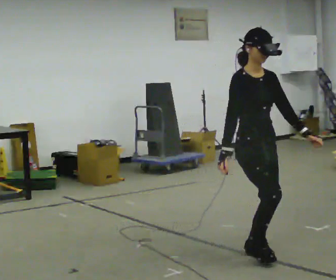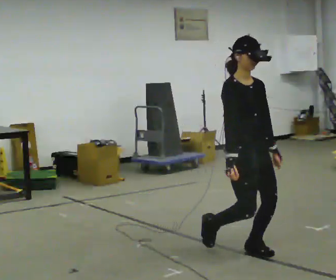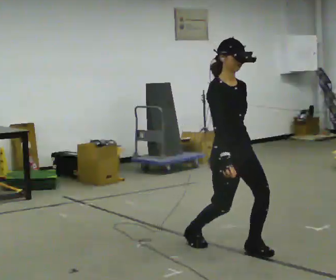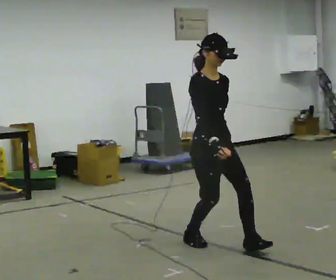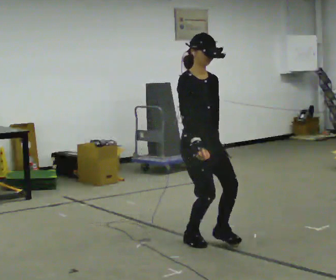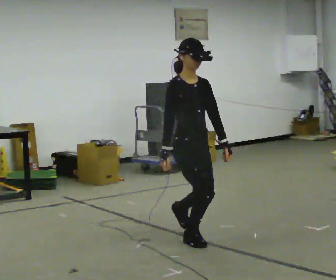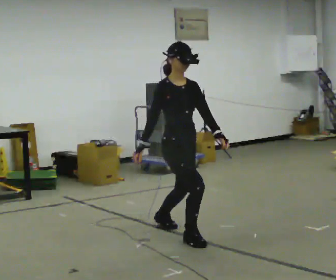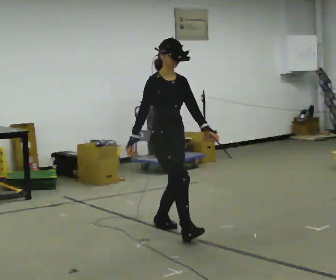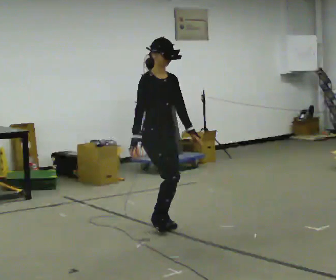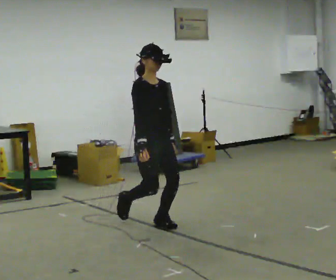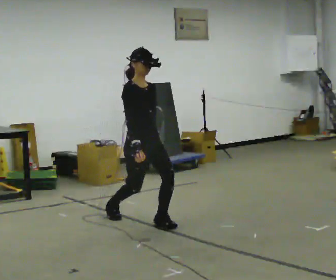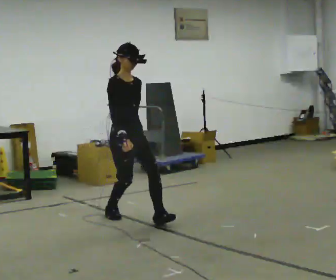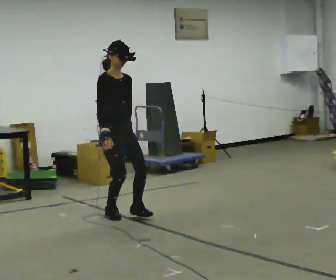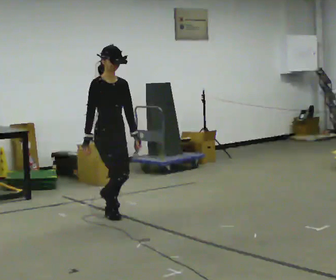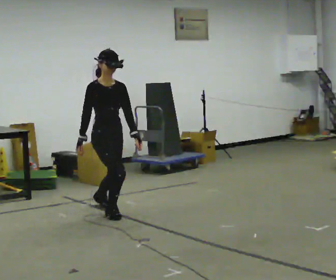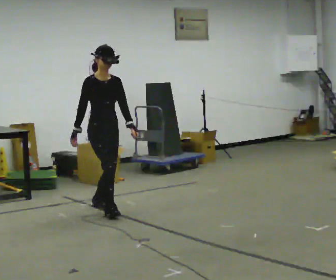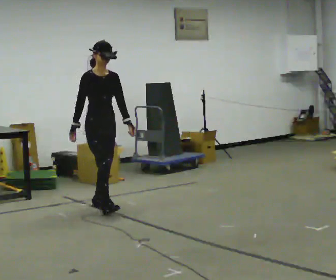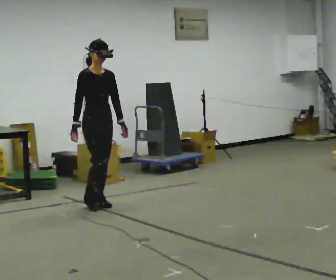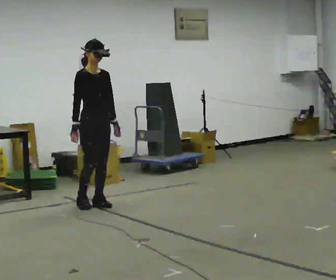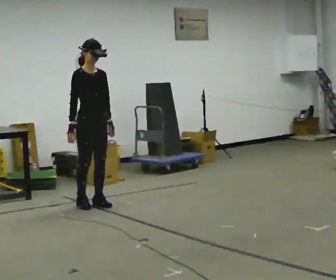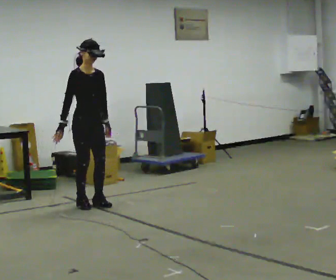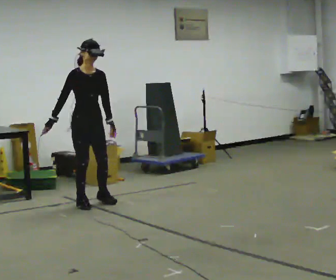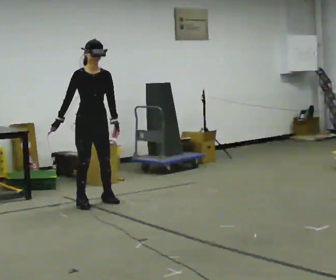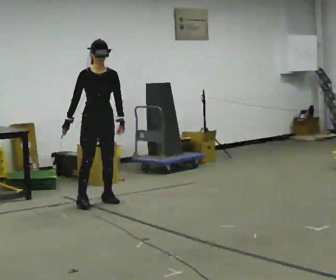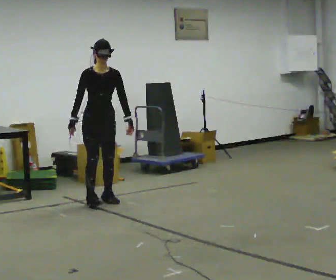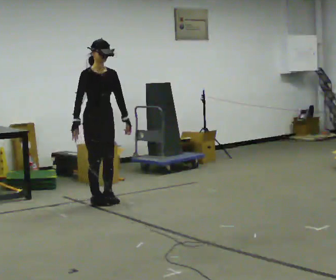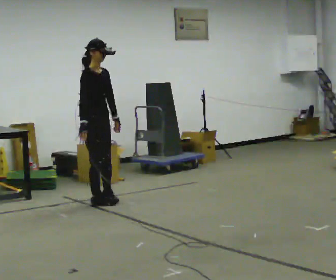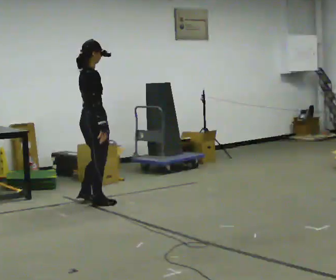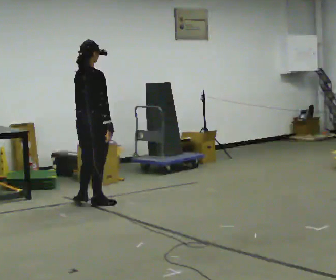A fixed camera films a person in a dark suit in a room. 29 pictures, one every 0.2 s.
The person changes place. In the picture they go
away from the camera.
0.0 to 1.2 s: In the picture they go away from the camera and to the left, about 1 m in 1 step, which for them is backward.
1.2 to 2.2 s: In the picture they go away from the camera and to the left, about 0.5 m in 2 steps, which for them is backward.
2.2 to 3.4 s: In the picture they go away from the camera and to the left, about 0.75 m in 1 step, which for them is backward.
3.4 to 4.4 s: The person moves a little, or ends about where they began.
4.4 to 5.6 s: The person turns about 120 degrees to their left, counterclockwise seen from above, so the part of the body nearest the lens slides to the right. In the picture their right hand goes to the right, the arm swinging counterclockwise.
The film runs backward here.
